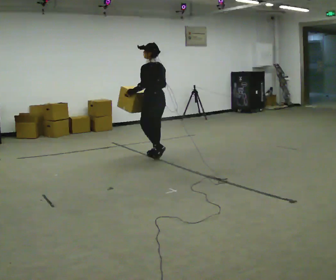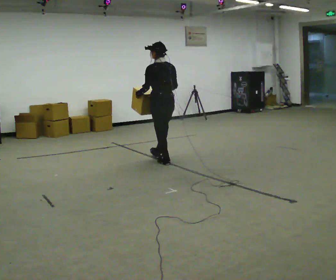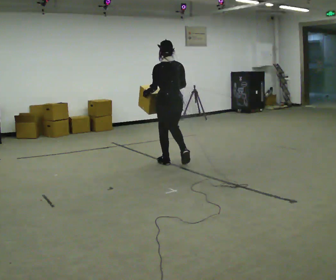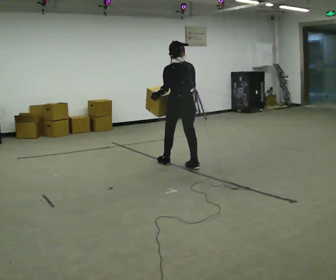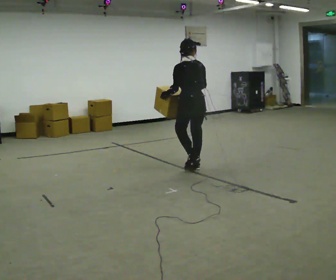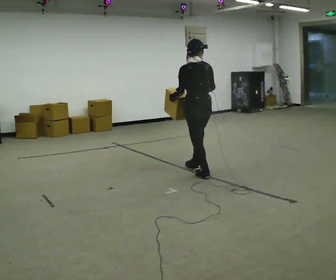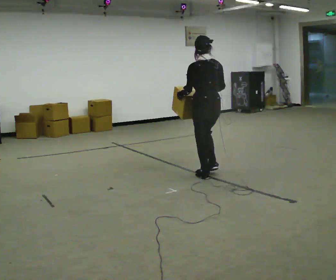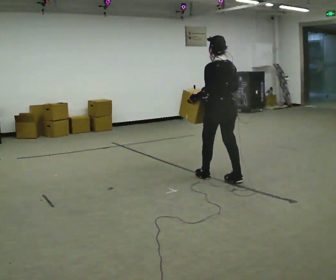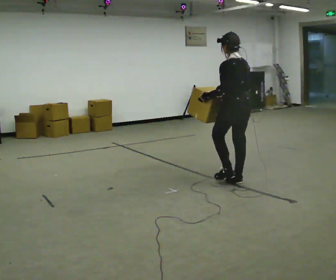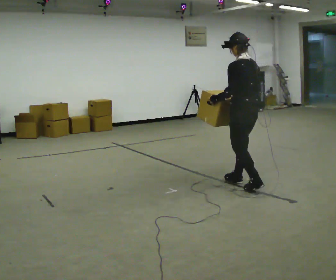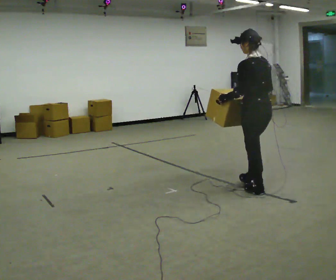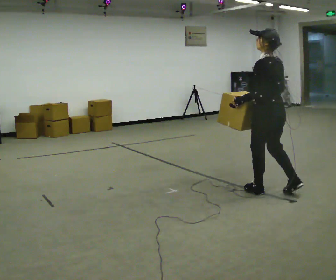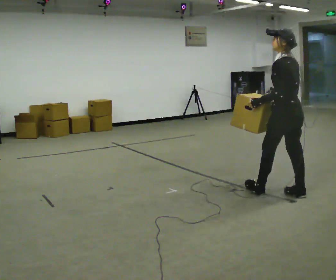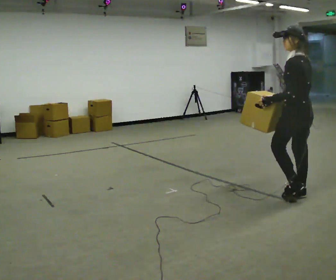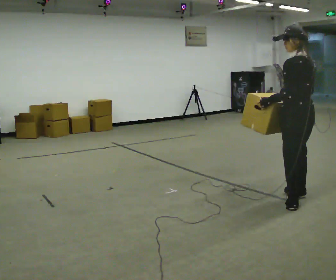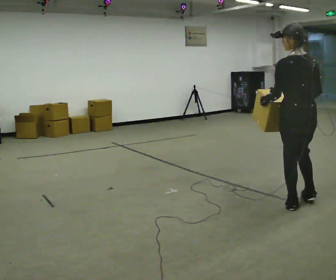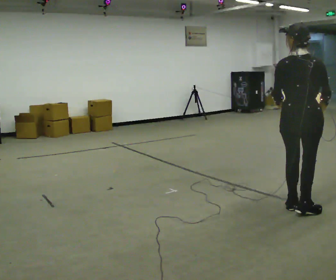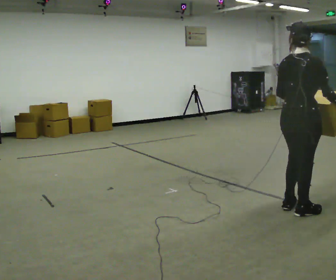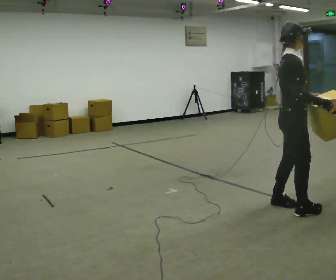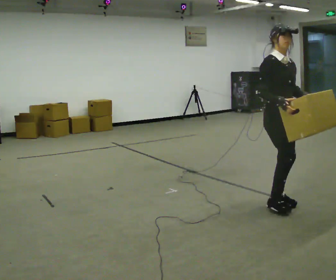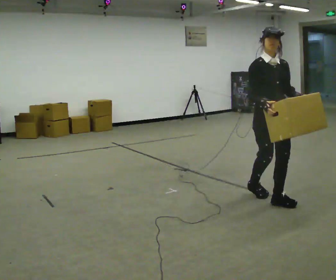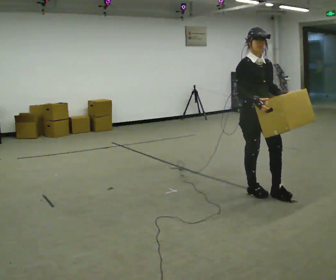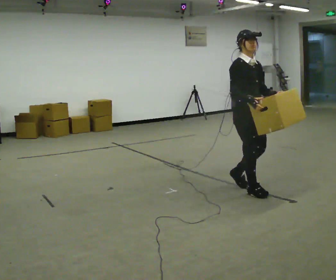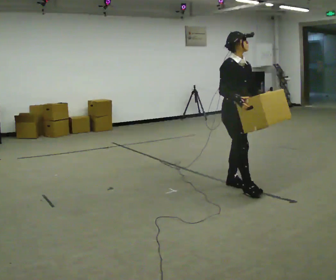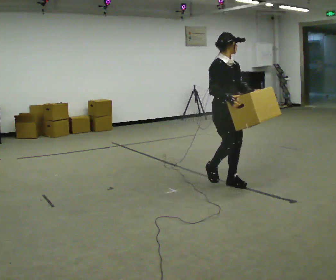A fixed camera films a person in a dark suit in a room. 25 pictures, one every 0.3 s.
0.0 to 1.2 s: In the picture they go to the right and toward the camera, about 1 m in 2 steps, which for them is backward.
1.2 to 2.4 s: In the picture they go to the right and toward the camera, about 1 m in 2 steps, which for them is backward.
2.4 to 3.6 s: In the picture they go to the right and toward the camera, about 0.5 m in 2 steps, which for them is backward.
3.6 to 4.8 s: The person turns about 75 degrees to their right, clockwise seen from above, so the part of the body nearest the lens slides to the left. In the picture they go toward the camera, about 0.25 m in 1 step.
4.8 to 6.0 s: The part of the body nearest the lens slides to the left as the person turns to their right by about 135 degrees. In the picture they go to the left and away from the camera, about 0.25 m in 2 steps.
6.0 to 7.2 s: In the picture they go to the left and away from the camera, about 0.75 m in 2 steps, which for them is backward.
The film runs backward here.
